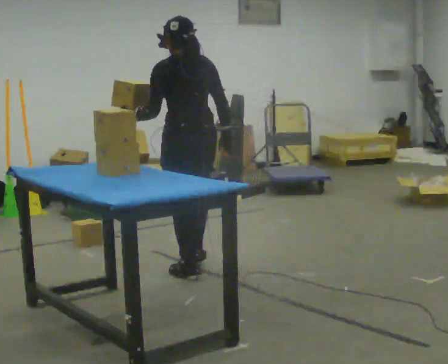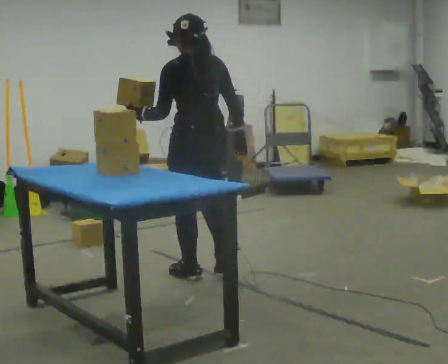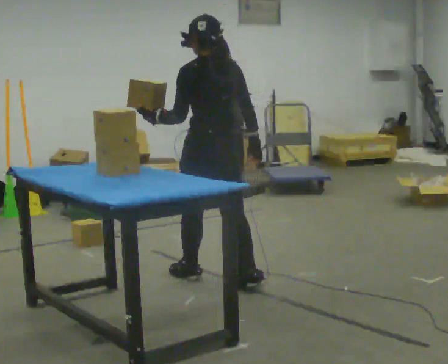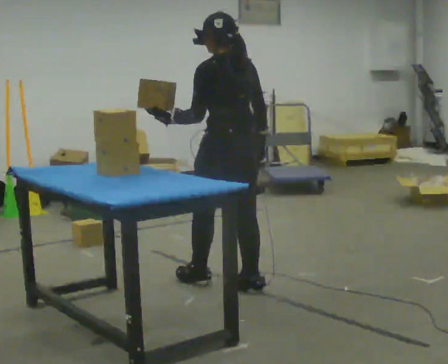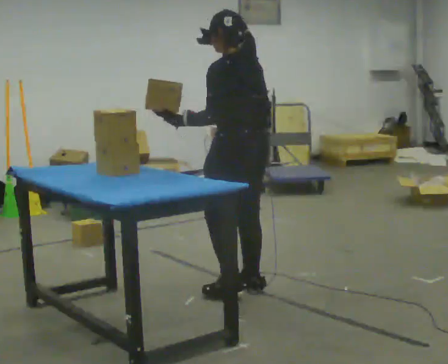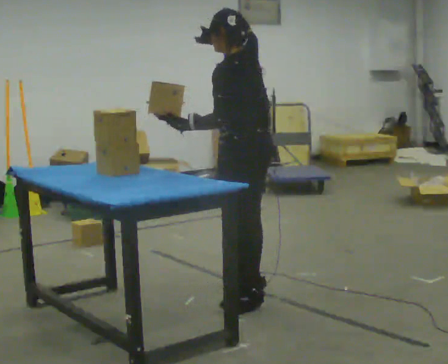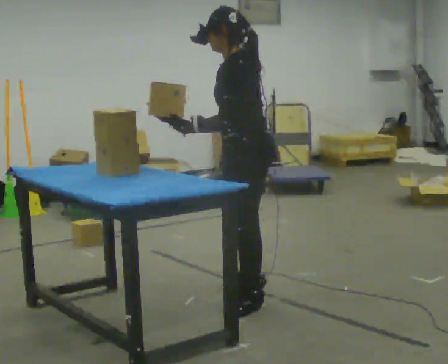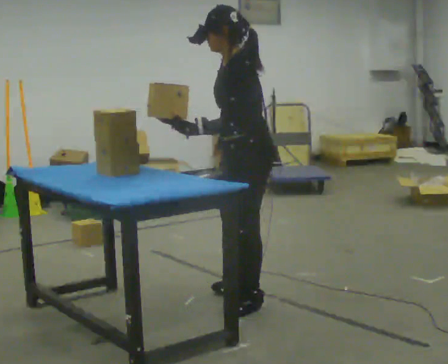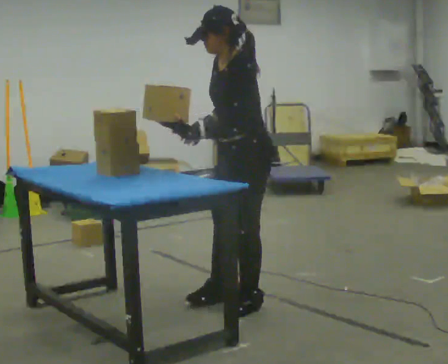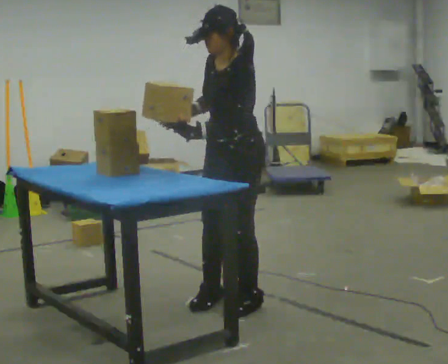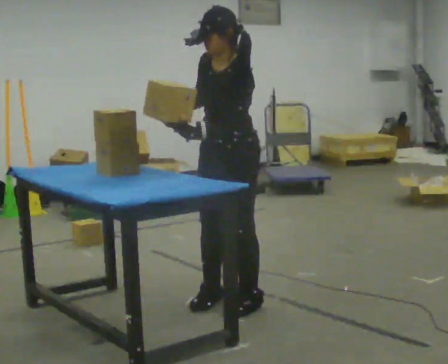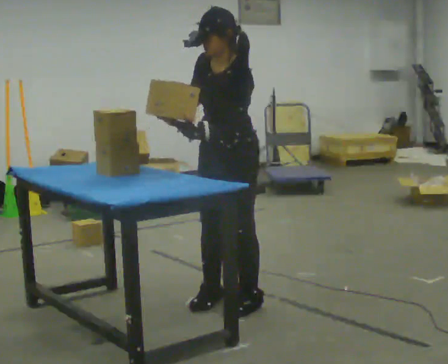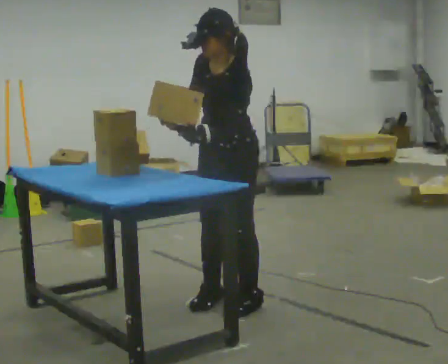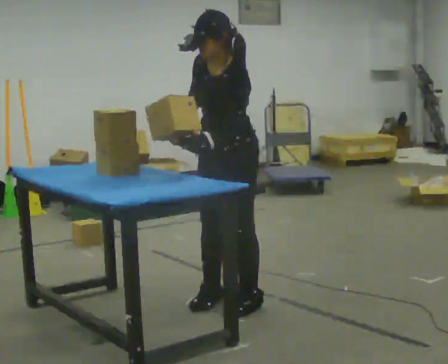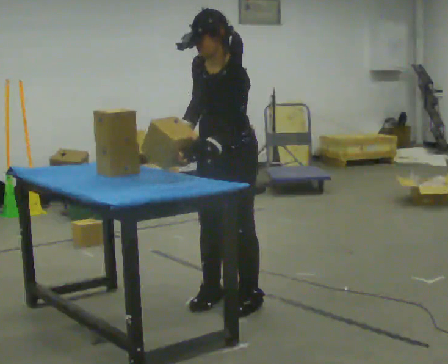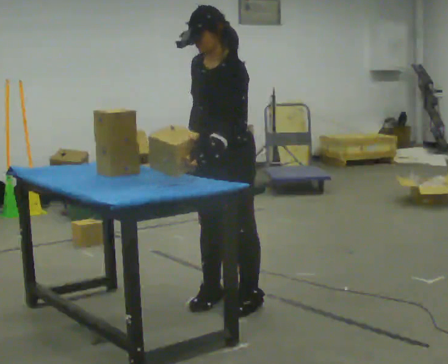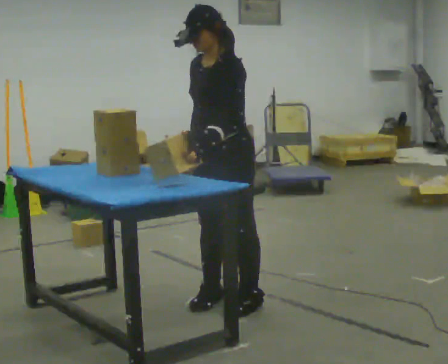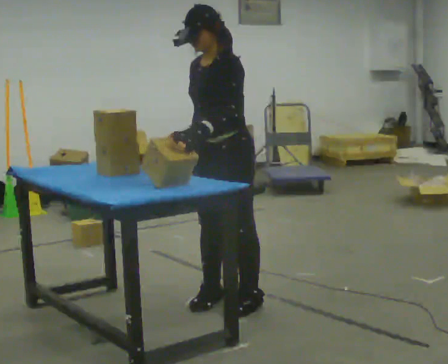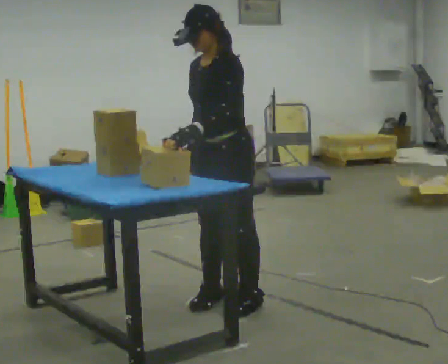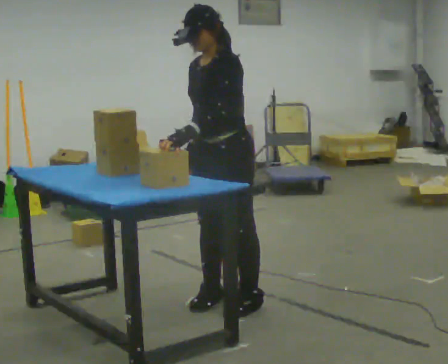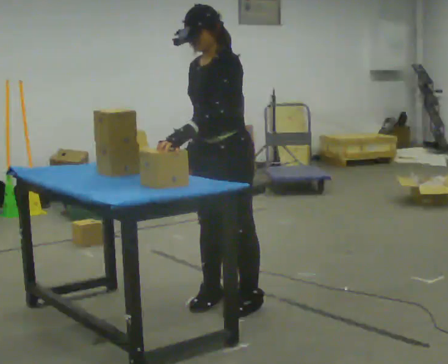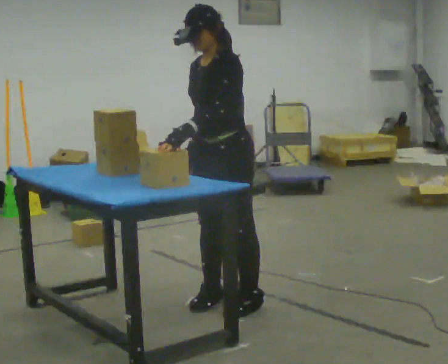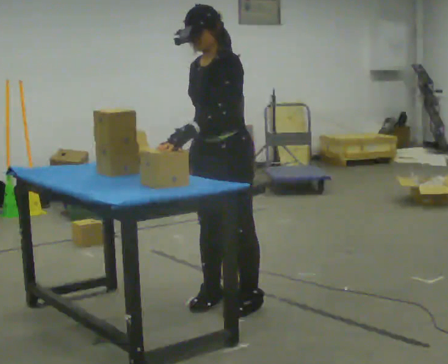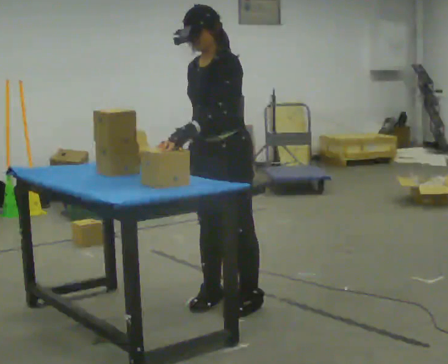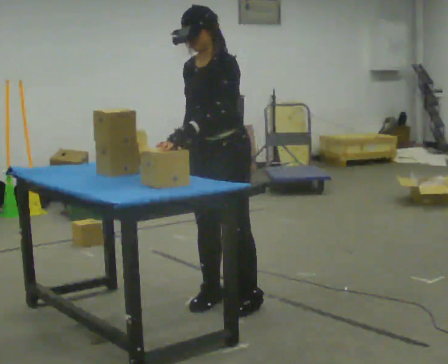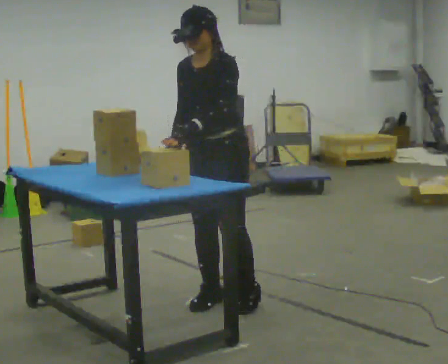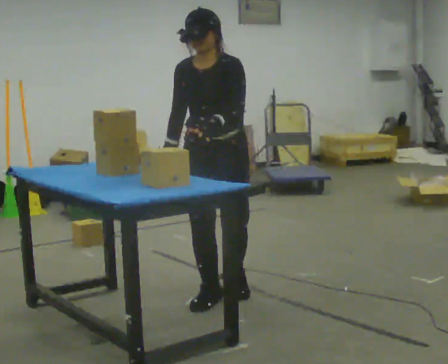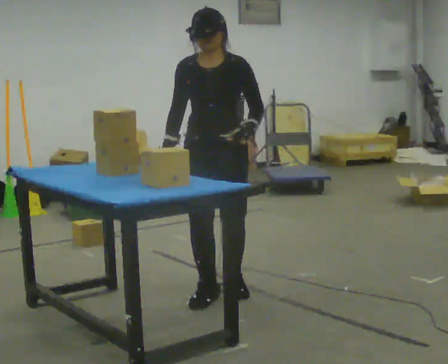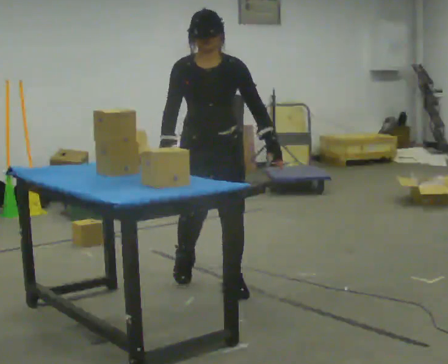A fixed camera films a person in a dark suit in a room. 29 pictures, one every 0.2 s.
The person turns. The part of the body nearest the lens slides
to the right.
The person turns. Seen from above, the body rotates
counterclockwise.
0.0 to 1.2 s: The person turns about 45 degrees to their left, counterclockwise seen from above, so the part of the body nearest the lens slides to the right. In the picture they go toward the camera and to the right, about 0.75 m in 1 step, which for them is backward.
1.2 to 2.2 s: Seen from above the body turns counterclockwise, about 45 degrees: to their left, with its near side sliding to the right. In the picture their right hand goes to the left, the arm swinging clockwise.
2.2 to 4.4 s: The person moves a little, or ends about where they began.
4.4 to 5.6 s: The person turns about 60 degrees to their left, counterclockwise seen from above, so the part of the body nearest the lens slides to the right. In the picture they go away from the camera, about 0.25 m in 2 steps, which for them is to their right and backward.
The film runs backward here.
